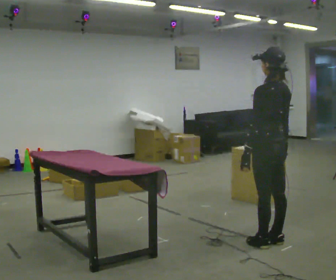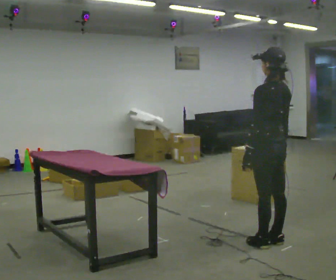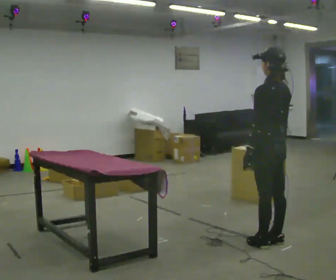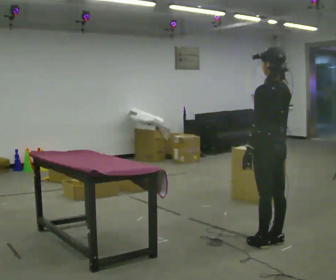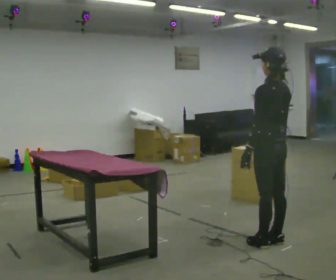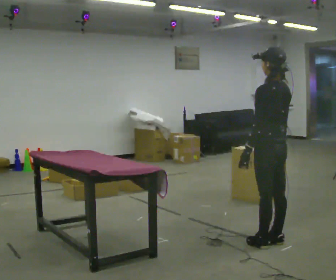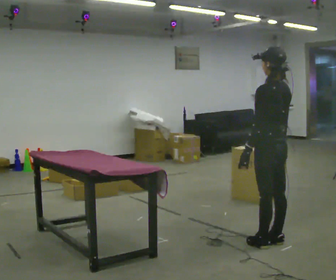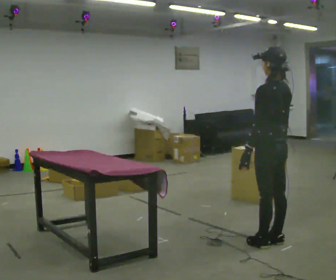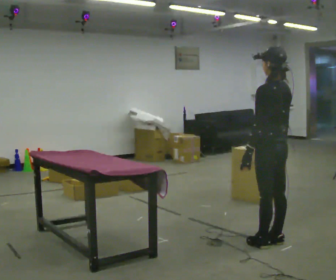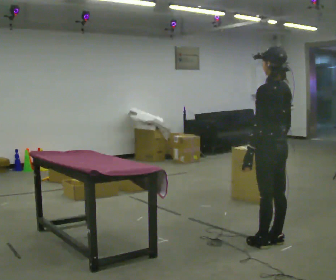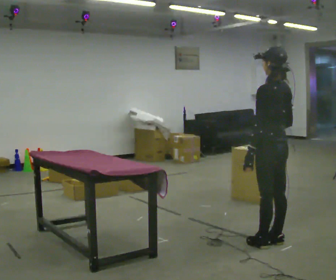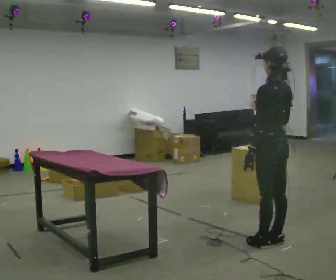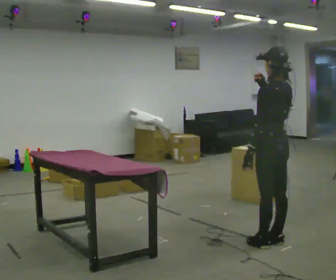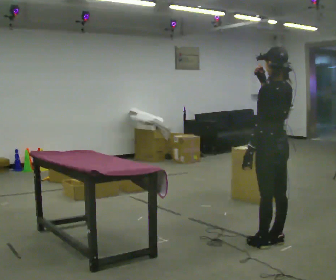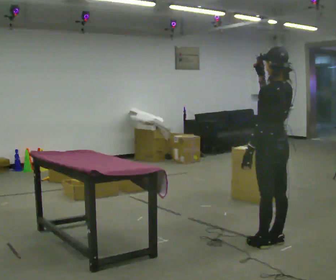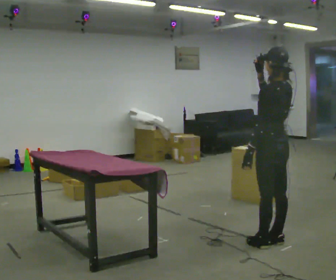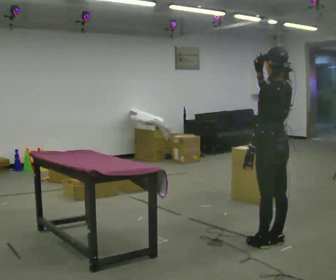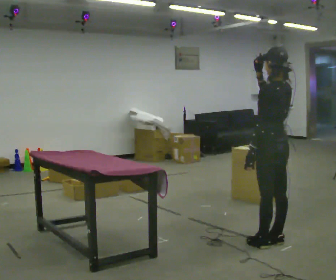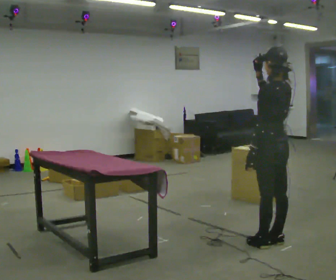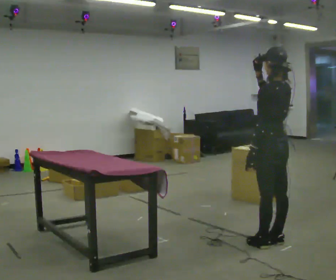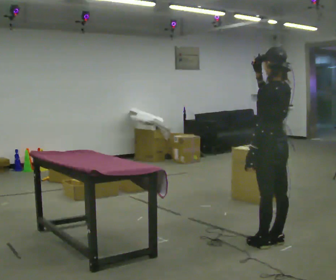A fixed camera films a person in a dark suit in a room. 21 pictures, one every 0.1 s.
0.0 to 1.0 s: The person moves a little, or ends about where they began.
1.0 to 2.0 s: In the picture their right hand goes upward.
The film runs forward here.
